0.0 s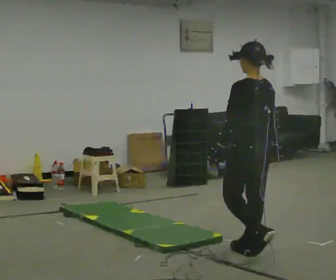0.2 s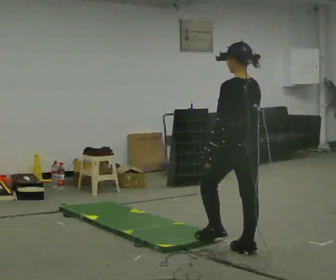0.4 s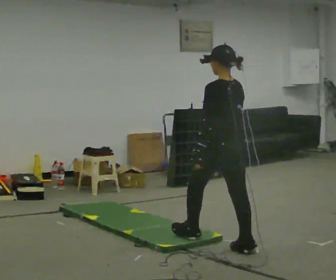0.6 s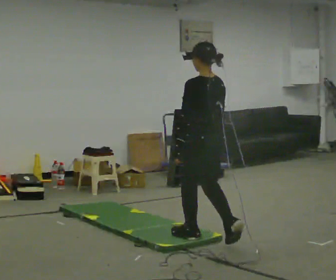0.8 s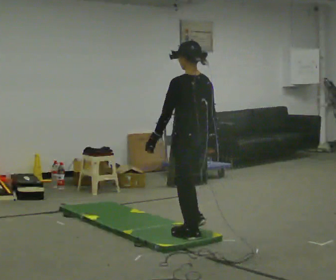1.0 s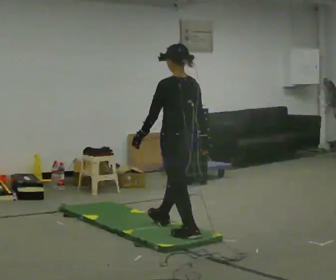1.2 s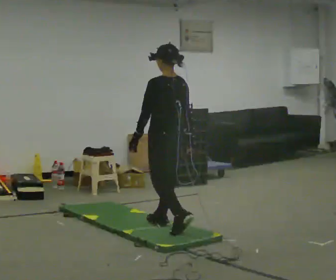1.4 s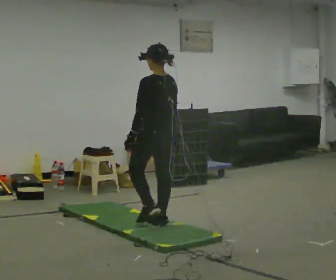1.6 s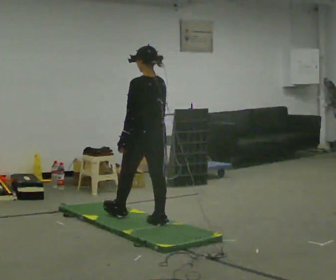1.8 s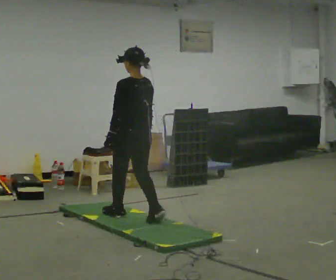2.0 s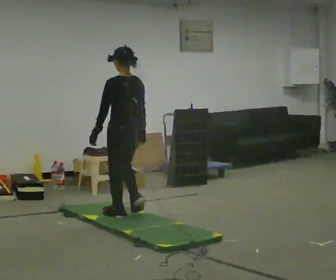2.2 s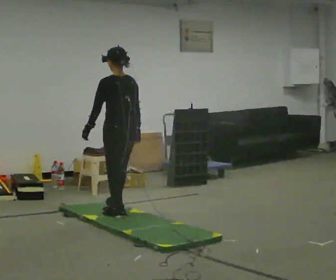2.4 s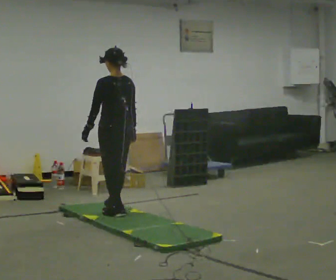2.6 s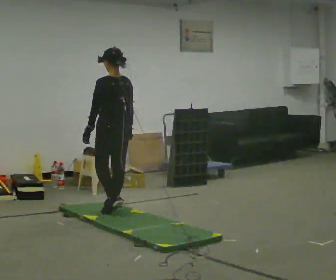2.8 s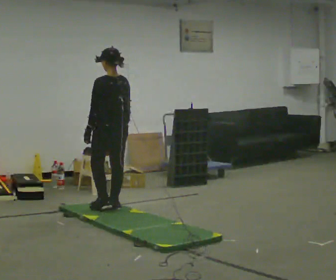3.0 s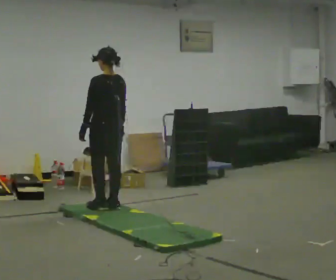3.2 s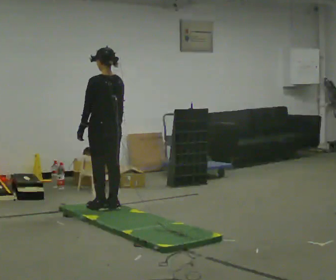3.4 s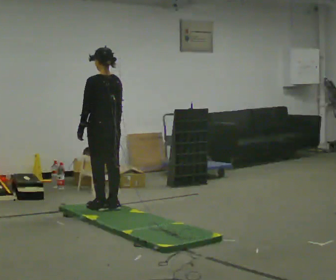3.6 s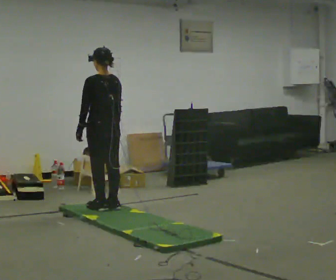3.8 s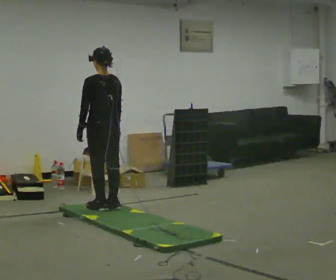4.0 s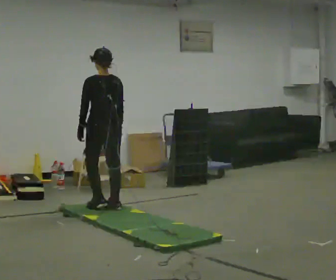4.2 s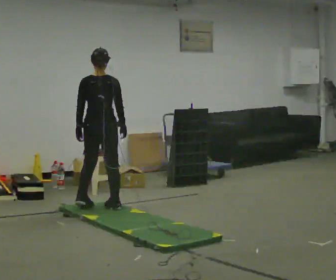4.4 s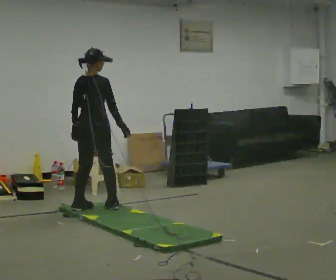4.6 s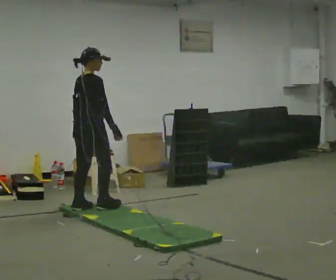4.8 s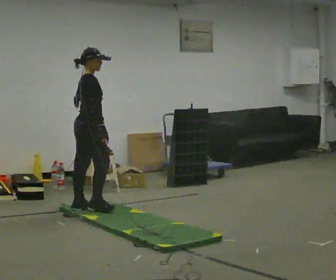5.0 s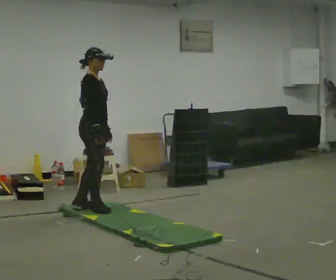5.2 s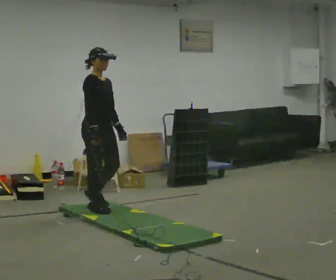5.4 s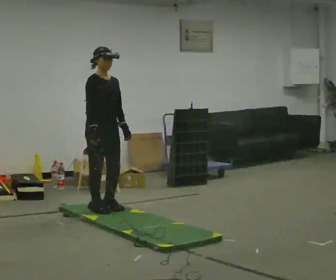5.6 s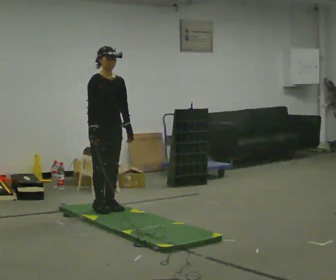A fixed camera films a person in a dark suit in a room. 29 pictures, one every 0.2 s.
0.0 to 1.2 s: In the picture they go away from the camera and to the left, about 1 m in 2 steps, which for them is forward.
1.2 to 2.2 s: In the picture they go away from the camera and to the left, about 0.75 m in 1 step, which for them is forward.
2.2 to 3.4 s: In the picture they go away from the camera, about 0.25 m in 2 steps, which for them is forward.
3.4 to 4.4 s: The part of the body nearest the lens slides to the left as the person turns to their right by about 60 degrees.
4.4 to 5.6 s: The part of the body nearest the lens slides to the left as the person turns to their right by about 120 degrees.
The film runs forward here.
